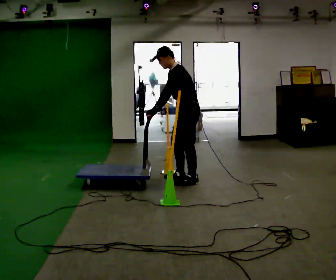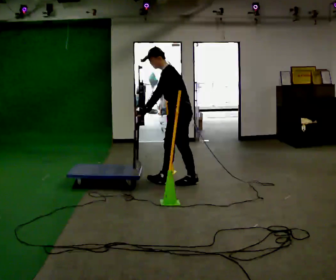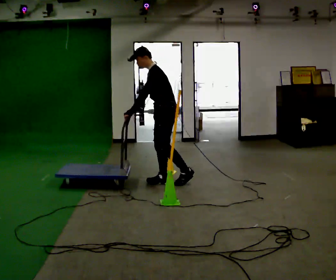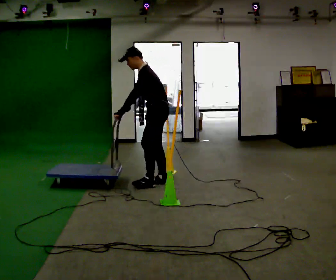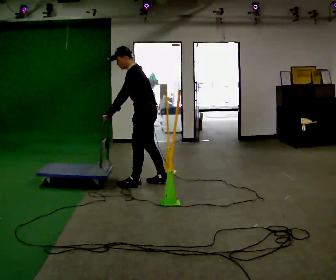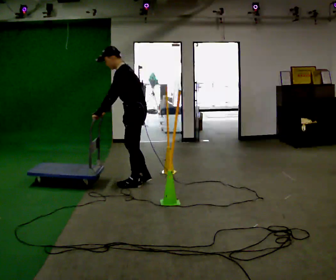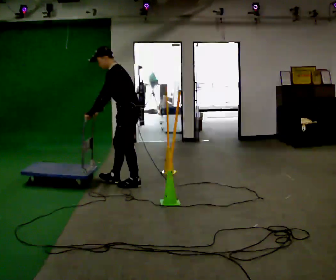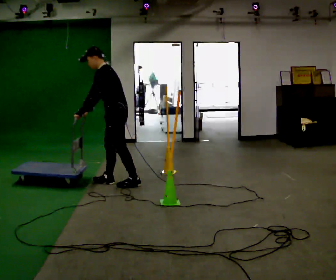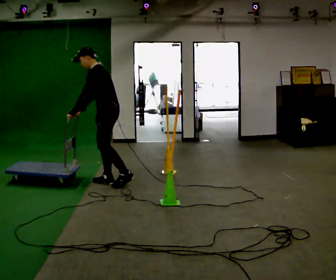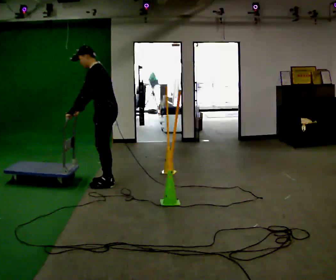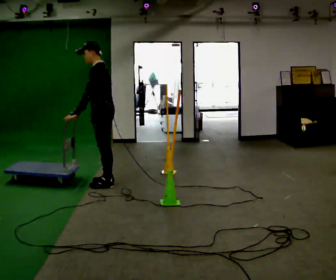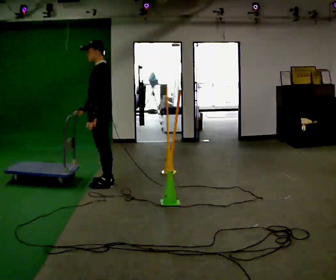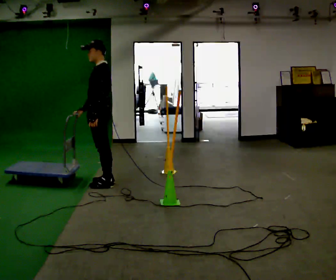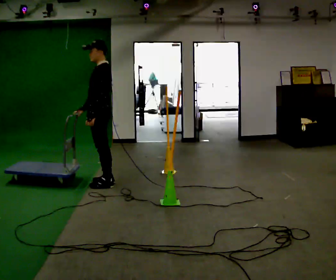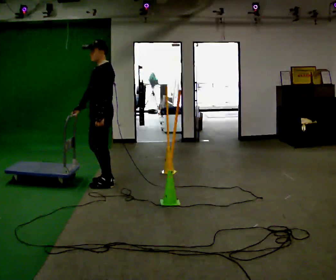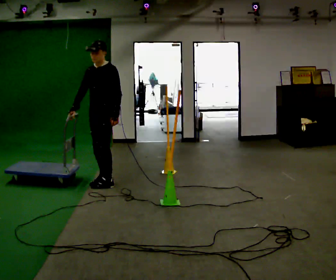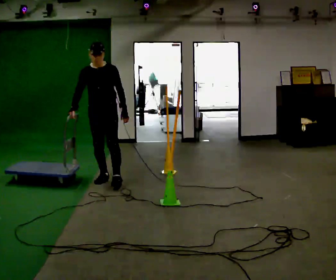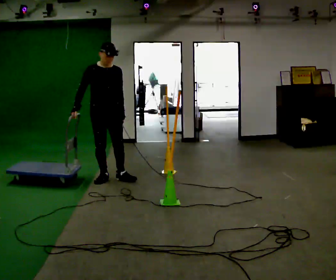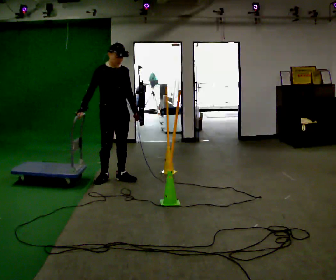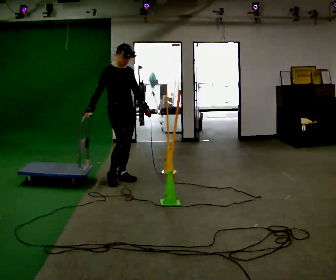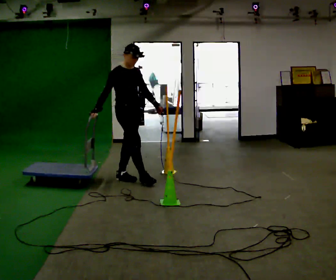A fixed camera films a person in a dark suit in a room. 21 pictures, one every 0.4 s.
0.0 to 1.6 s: In the picture they go to the left, about 0.5 m in 2 steps, which for them is forward.
1.6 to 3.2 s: In the picture they go to the left, about 0.5 m in 1 step, which for them is forward.
3.2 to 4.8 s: In the picture the upper body tilts clockwise, shoulders to the right, as they lean back or straighten.
4.8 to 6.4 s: Seen from above the body turns counterclockwise, about 75 degrees: to their left, with its near side sliding to the right. In the picture they go away from the camera, about 0.25 m in 1 step. In the picture their left hand goes to the right.
6.4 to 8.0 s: The person turns about 75 degrees to their left, counterclockwise seen from above, so the part of the body nearest the lens slides to the right. In the picture they go to the right, about 0.25 m in 2 steps.
The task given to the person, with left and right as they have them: Push the cart in and out of the line of poles without touching any of them. Keep going until the operator says stop.
The film runs forward here.
